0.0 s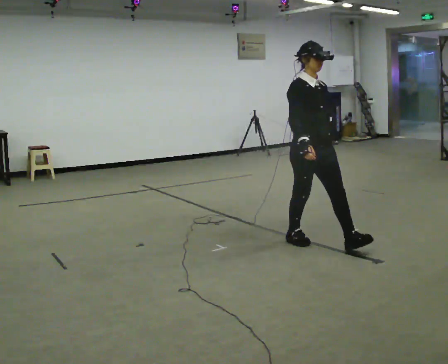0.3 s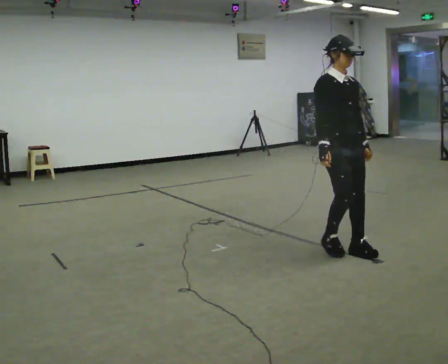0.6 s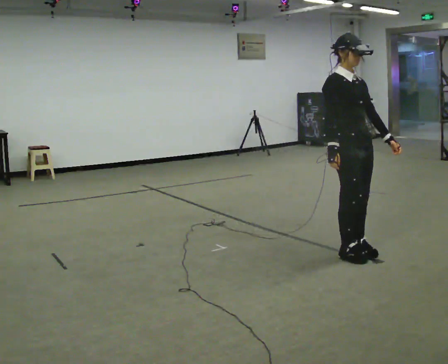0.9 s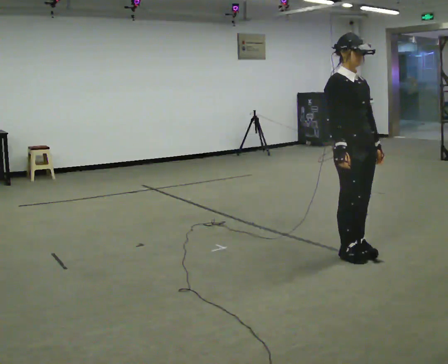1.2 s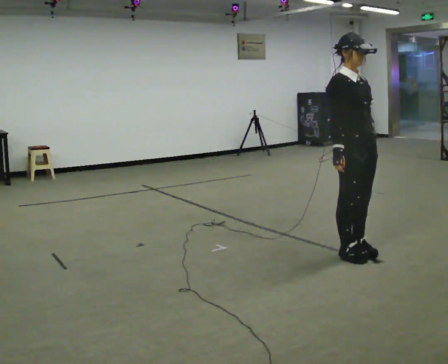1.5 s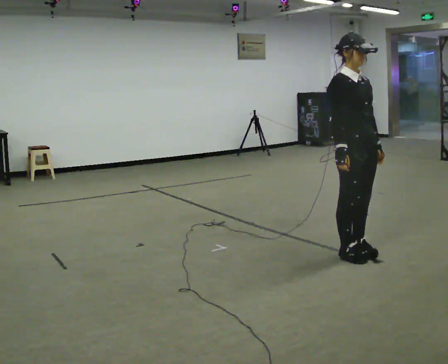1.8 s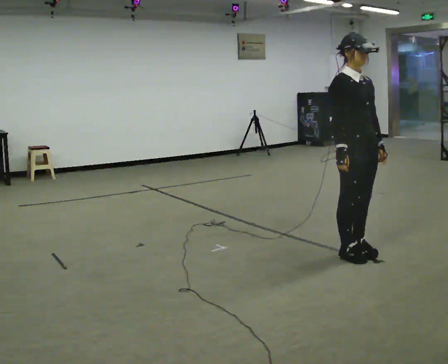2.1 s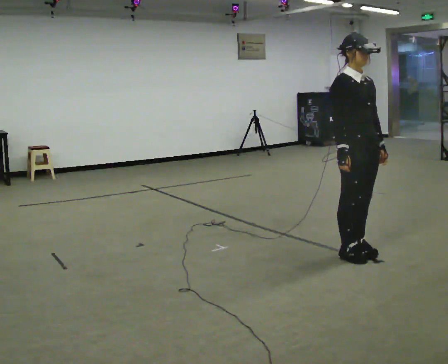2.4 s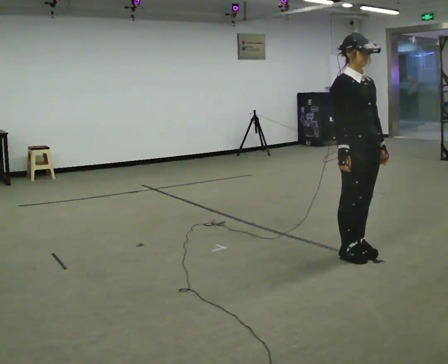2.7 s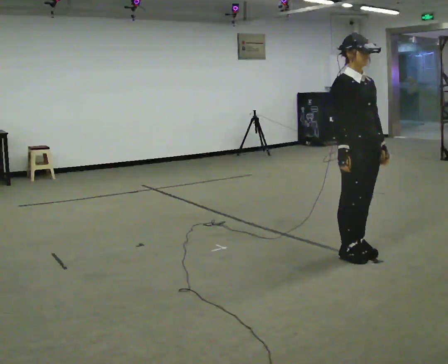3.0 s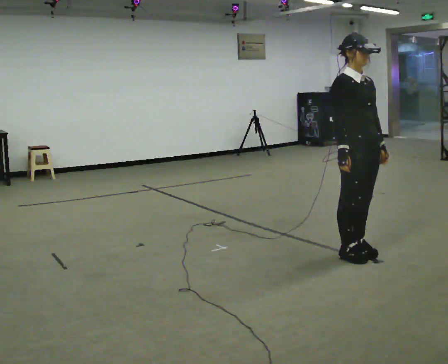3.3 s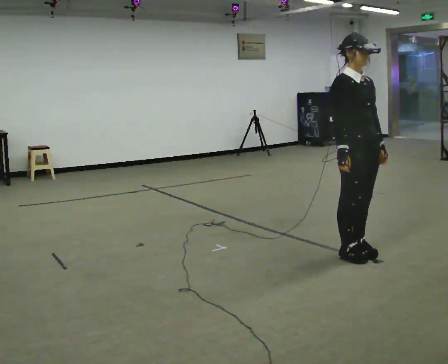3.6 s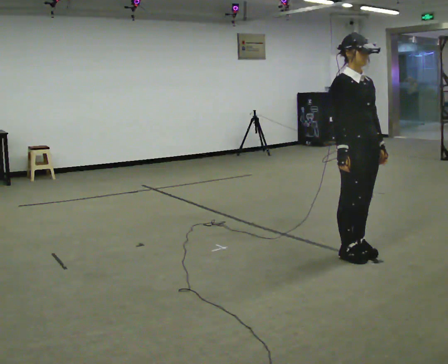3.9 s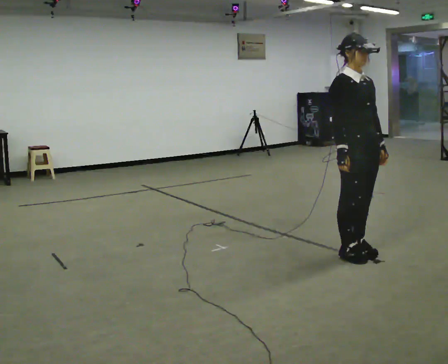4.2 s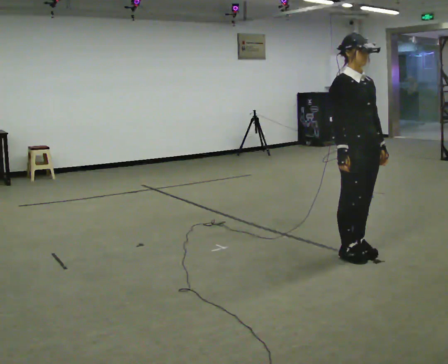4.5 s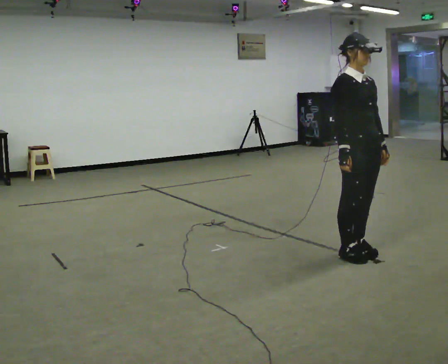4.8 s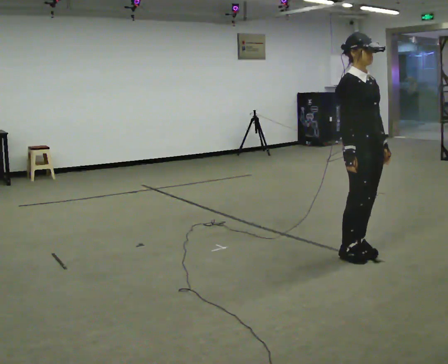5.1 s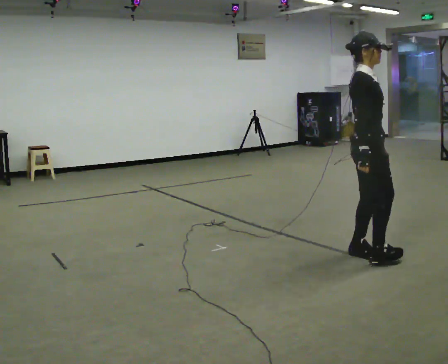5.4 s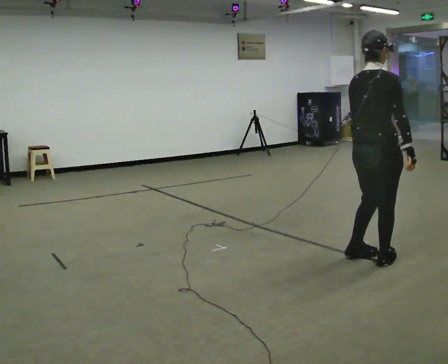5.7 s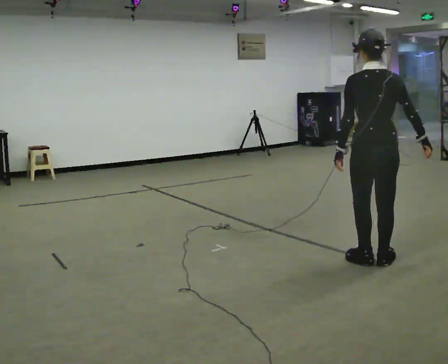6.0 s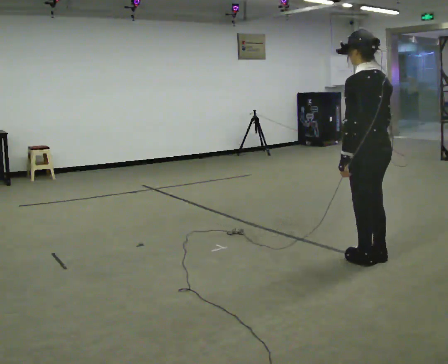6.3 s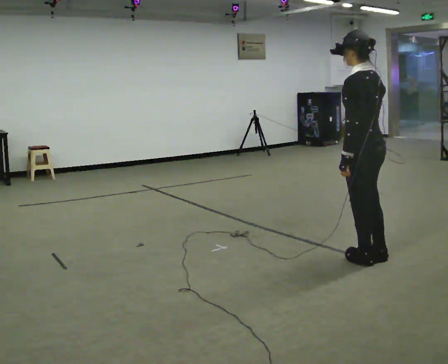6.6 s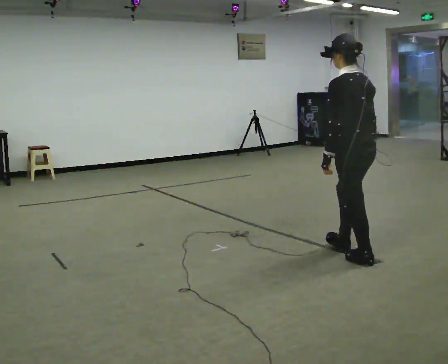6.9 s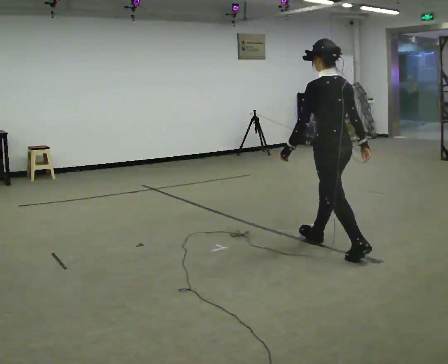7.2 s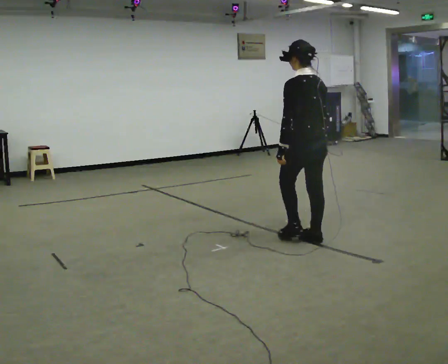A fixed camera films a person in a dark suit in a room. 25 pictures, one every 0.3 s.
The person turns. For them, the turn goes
to their left.
The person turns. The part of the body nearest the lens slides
to the right.
0.0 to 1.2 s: In the picture they go to the right and toward the camera, about 0.5 m in 2 steps, which for them is forward.
1.2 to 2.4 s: The person moves a little, or ends about where they began.
2.4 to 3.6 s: The person keeps their place and pose.
3.6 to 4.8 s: The person moves a little, or ends about where they began.
4.8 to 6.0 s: The person turns about 180 degrees to their left, counterclockwise seen from above, so the part of the body nearest the lens slides to the right. In the picture they go toward the camera, about 0.25 m in 2 steps.
6.0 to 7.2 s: In the picture they go away from the camera and to the left, about 0.5 m in 1 step, which for them is forward.
The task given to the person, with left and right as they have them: Walk normally; at marked point stop as quickly as comfortably possible; remain still.
The film runs forward here.
